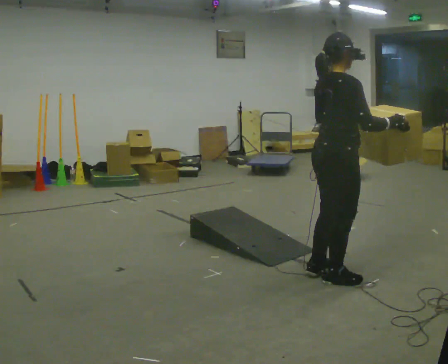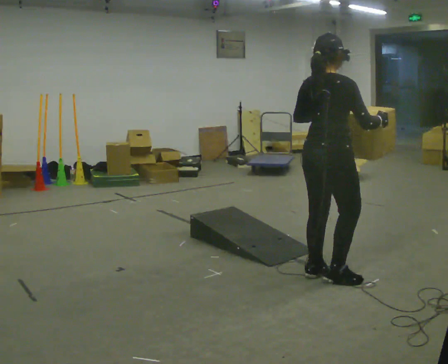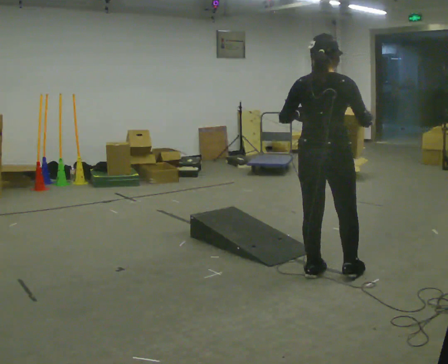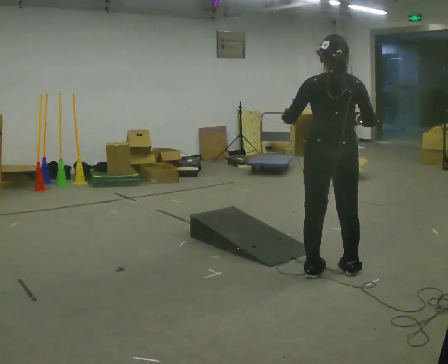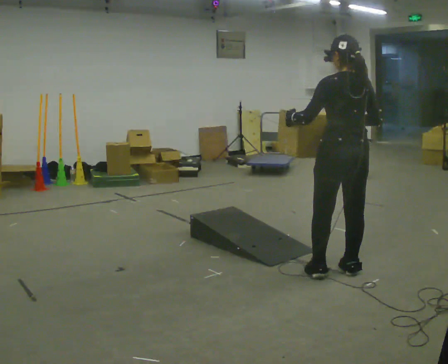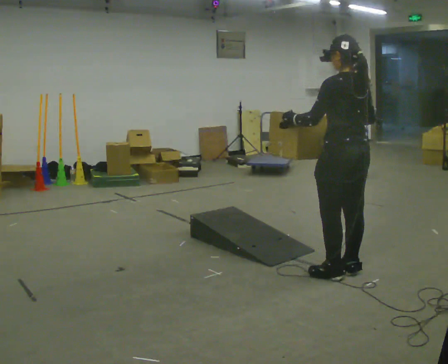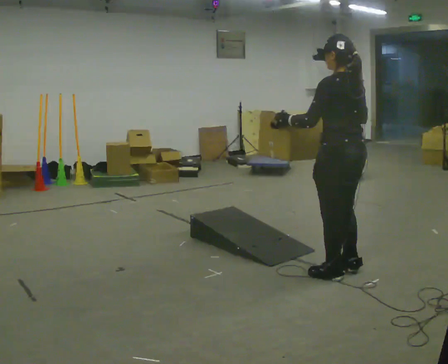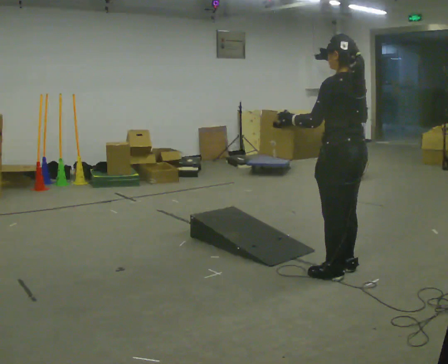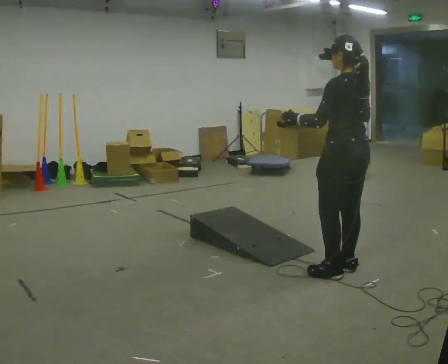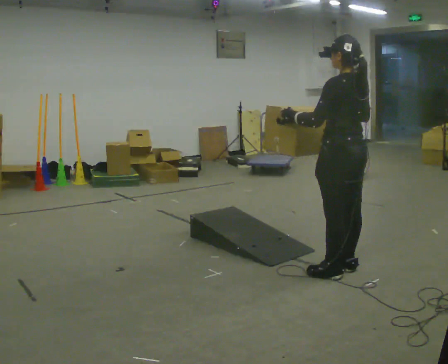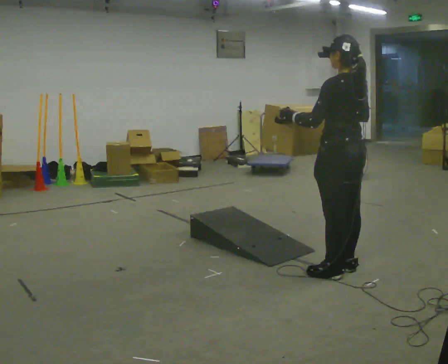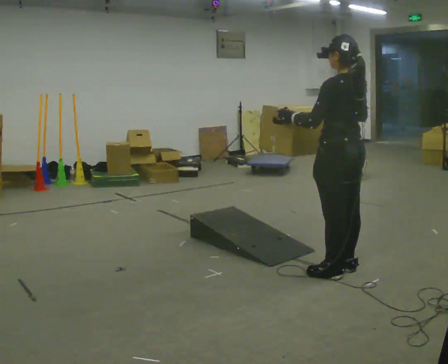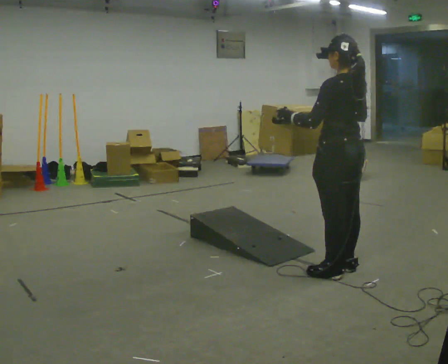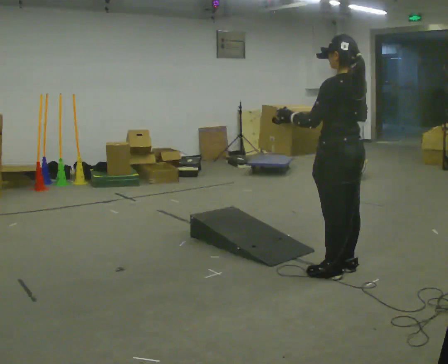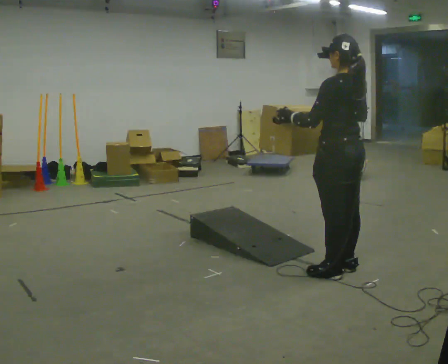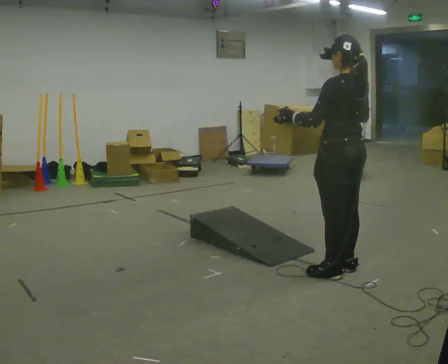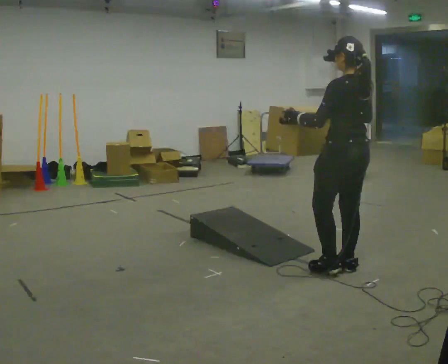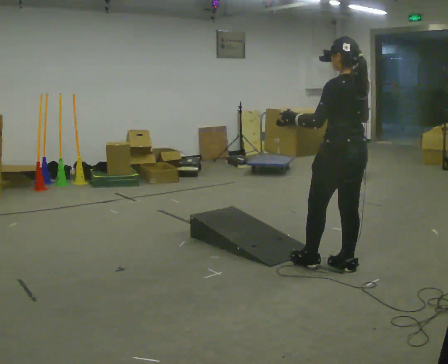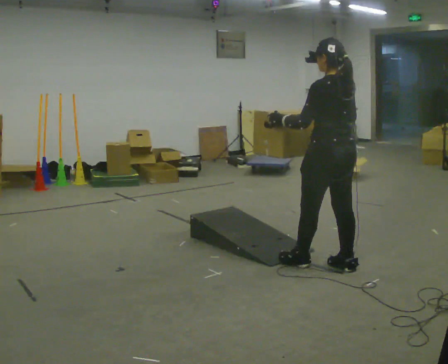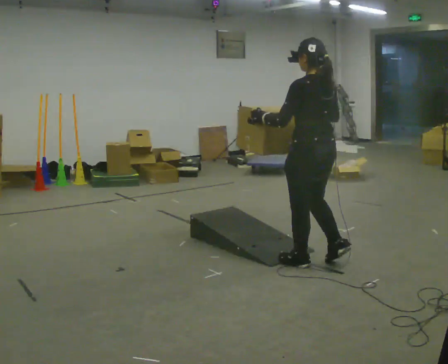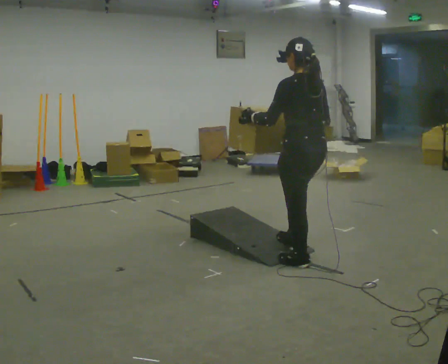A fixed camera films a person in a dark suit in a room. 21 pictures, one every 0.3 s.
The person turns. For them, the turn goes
to their left.
The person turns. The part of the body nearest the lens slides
to the right.
0.0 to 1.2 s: Seen from above the body turns counterclockwise, about 90 degrees: to their left, with its near side sliding to the right. In the picture their left hand goes to the left.
1.2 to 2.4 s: The part of the body nearest the lens slides to the right as the person turns to their left by about 30 degrees.
2.4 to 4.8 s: The person moves a little, or ends about where they began.
4.8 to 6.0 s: In the picture they go to the left, about 0.25 m in 1 step, which for them is forward.
The film runs forward here.
